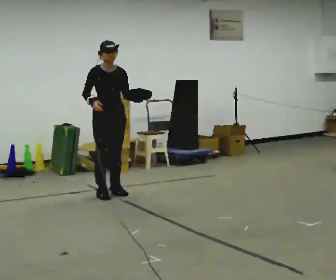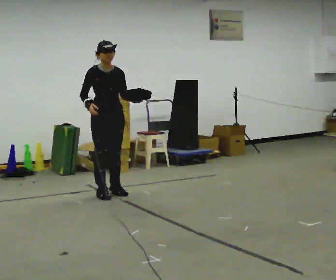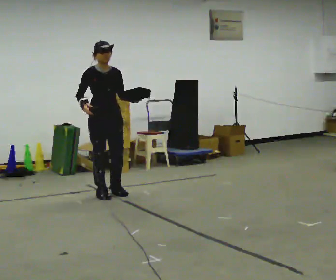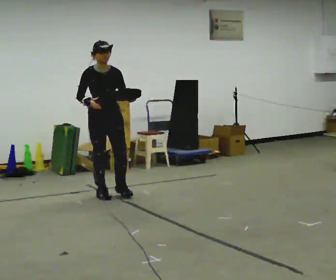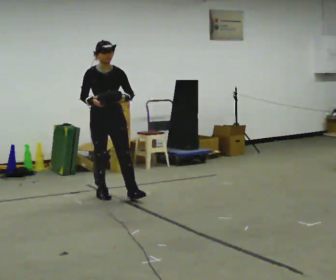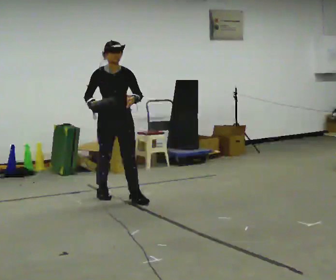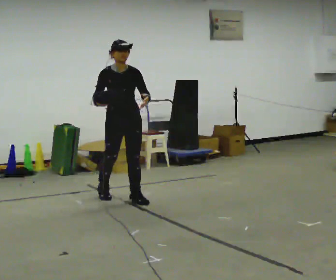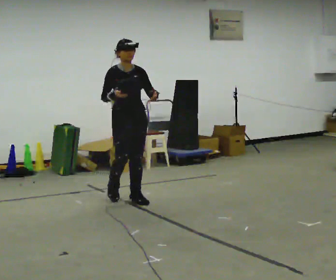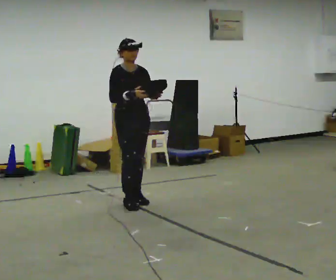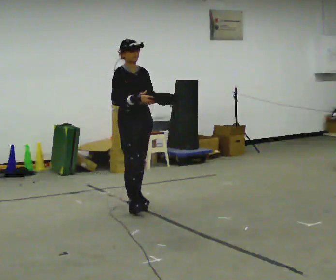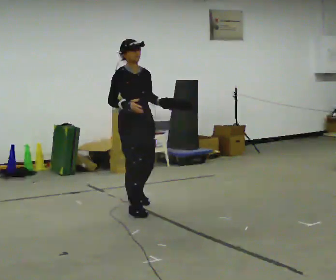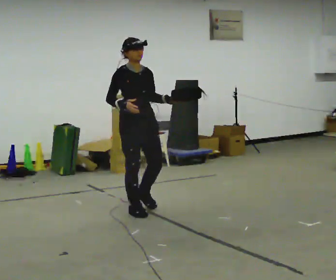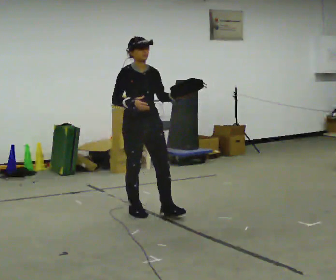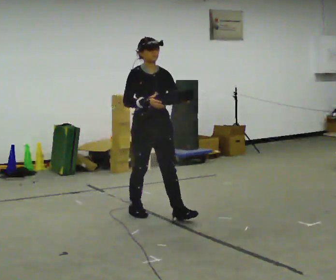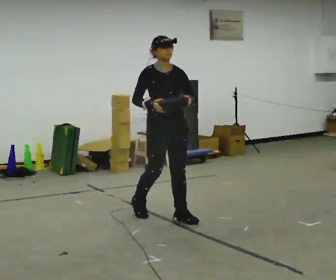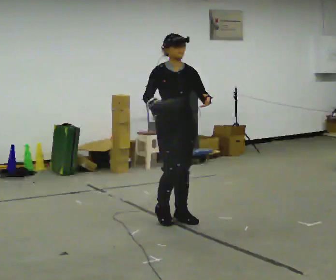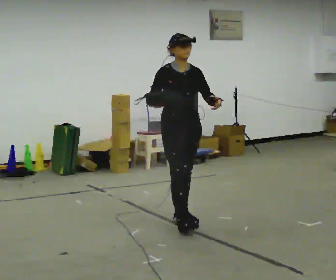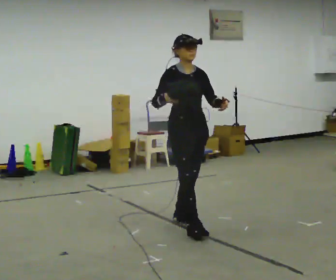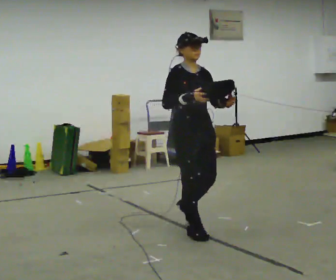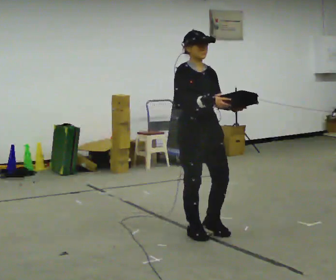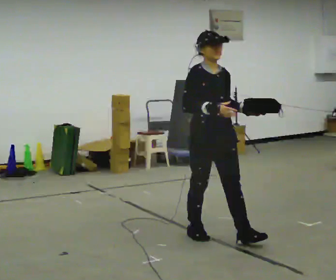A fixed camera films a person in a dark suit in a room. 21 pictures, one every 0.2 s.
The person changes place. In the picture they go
toward the camera.
0.0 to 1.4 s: In the picture they go toward the camera and to the right, about 0.5 m in 1 step, which for them is forward.
1.4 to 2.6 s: In the picture they go toward the camera and to the right, about 0.75 m in 2 steps, which for them is forward.
2.6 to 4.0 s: In the picture they go toward the camera and to the right, about 1 m in 2 steps, which for them is forward.
The film runs forward here.
